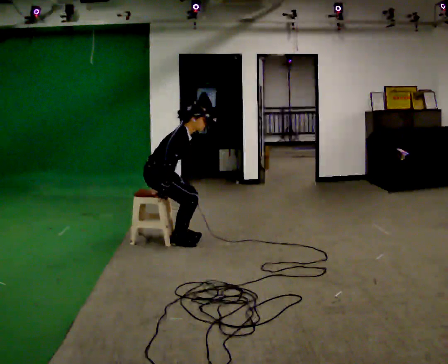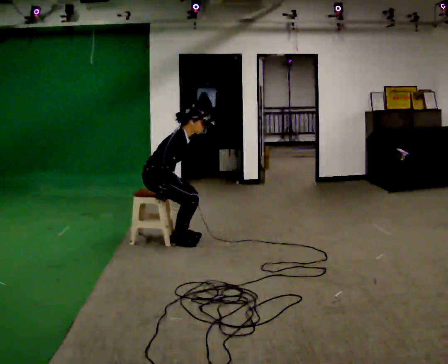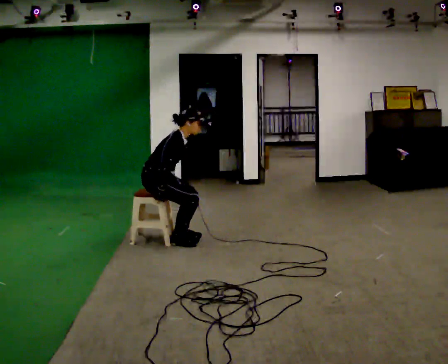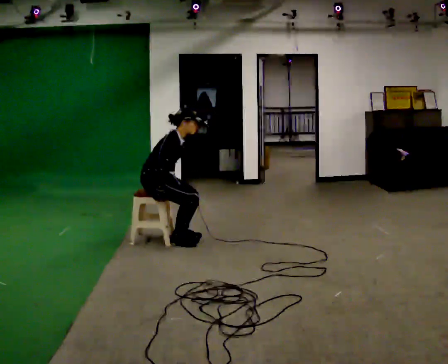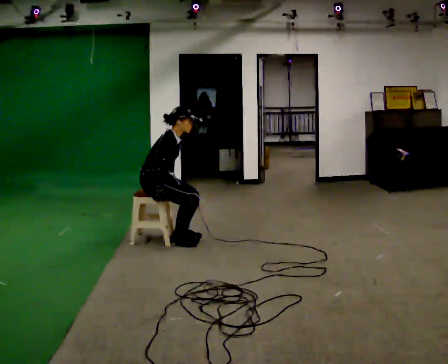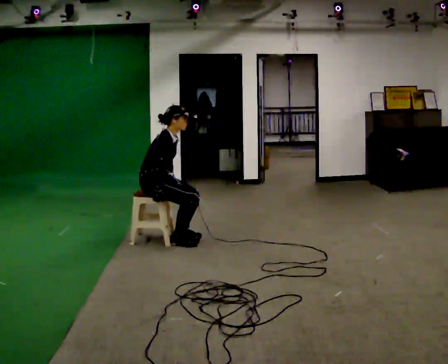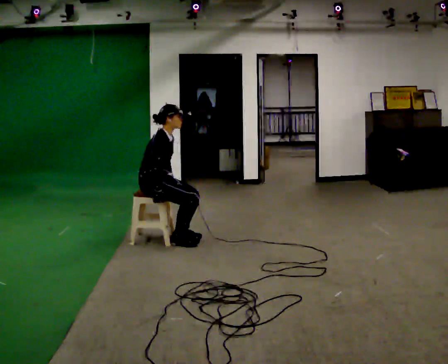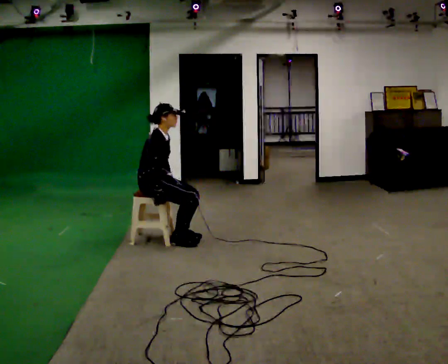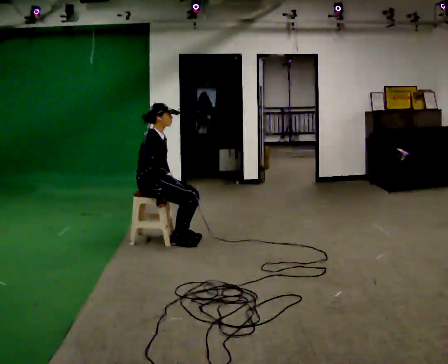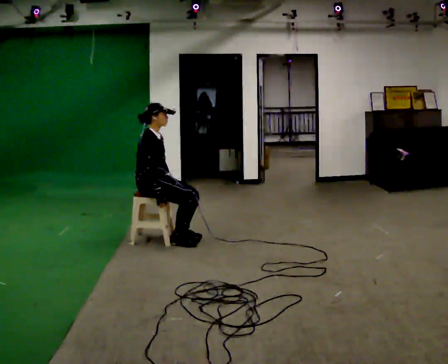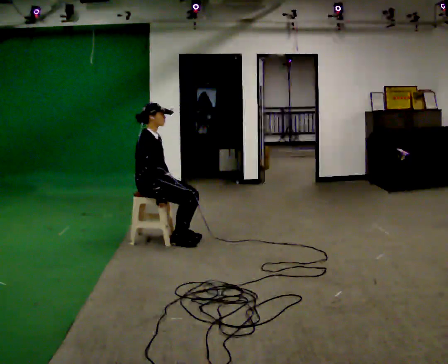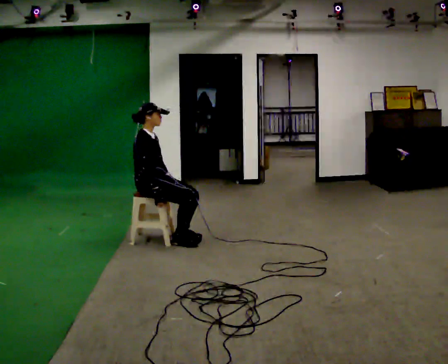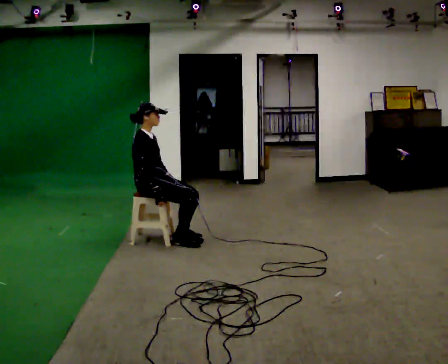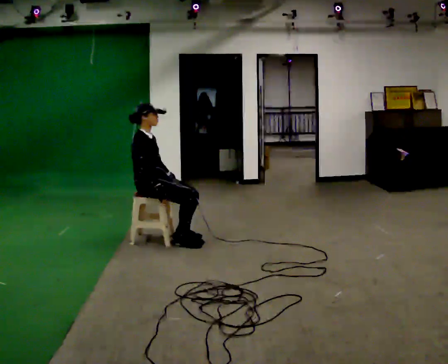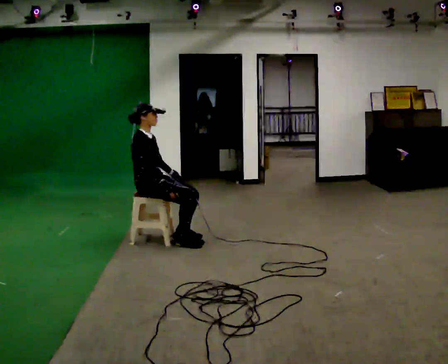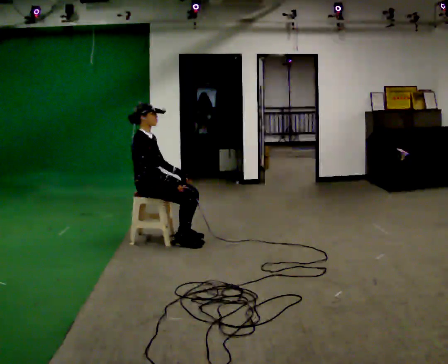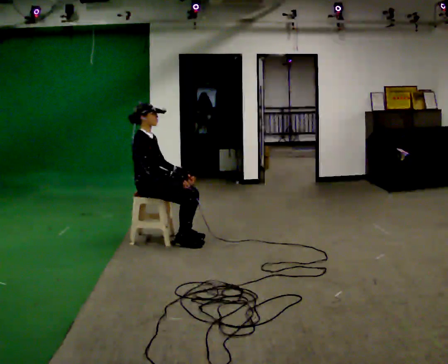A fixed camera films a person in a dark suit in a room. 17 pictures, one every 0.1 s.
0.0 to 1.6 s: In the picture the upper body tilts counterclockwise, shoulders to the left, as they lean back or straighten.
The film runs forward here.
